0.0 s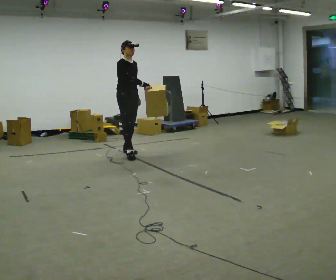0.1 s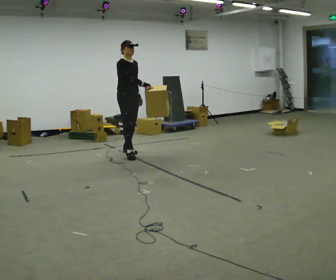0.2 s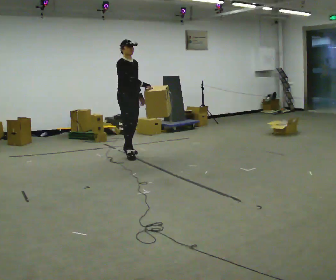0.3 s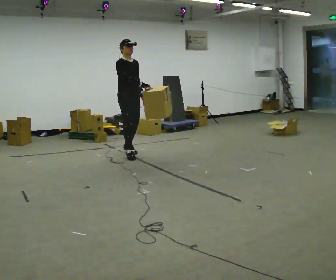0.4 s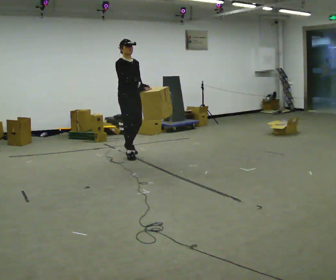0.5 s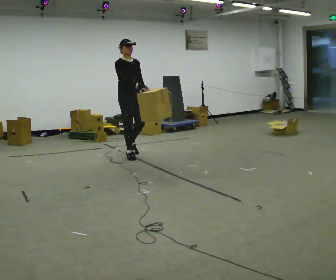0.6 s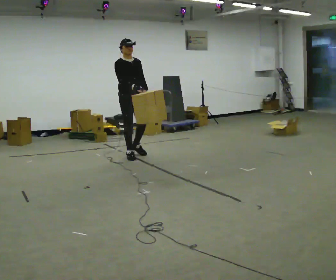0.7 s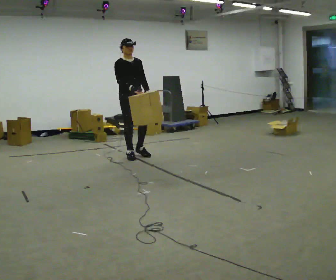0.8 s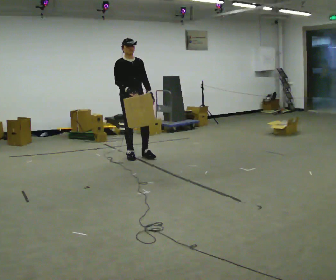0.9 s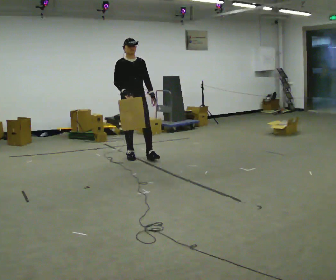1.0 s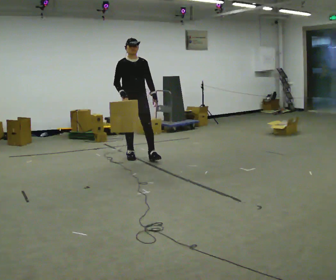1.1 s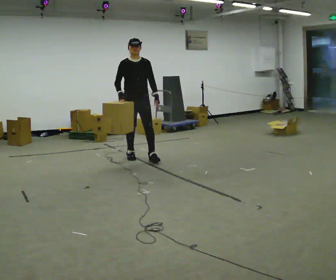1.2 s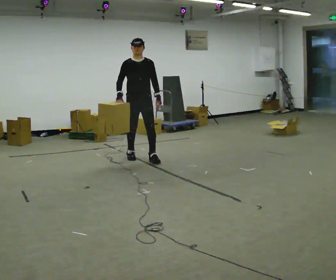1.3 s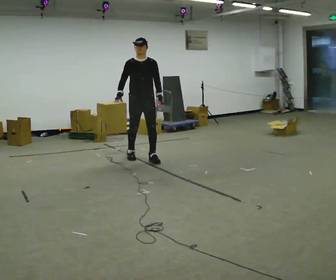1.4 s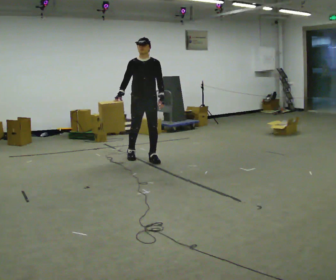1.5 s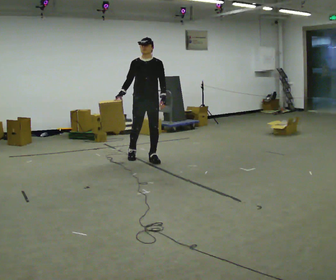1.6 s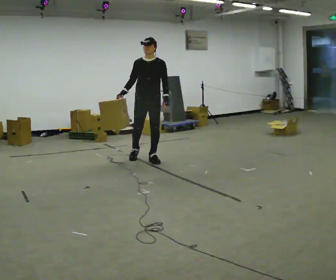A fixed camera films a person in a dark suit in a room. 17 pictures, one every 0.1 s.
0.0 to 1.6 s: Seen from above the body turns clockwise, about 45 degrees: to their right, with its near side sliding to the left. In the picture they go toward the camera and to the right, about 0.5 m in 1 step, which for them is forward and to their left.
The film runs forward here.
